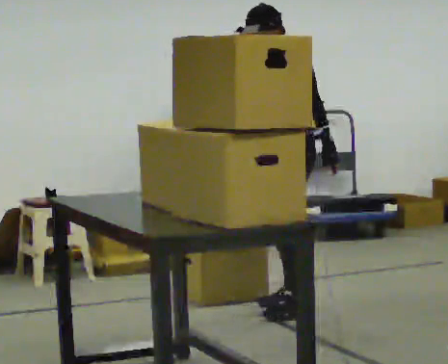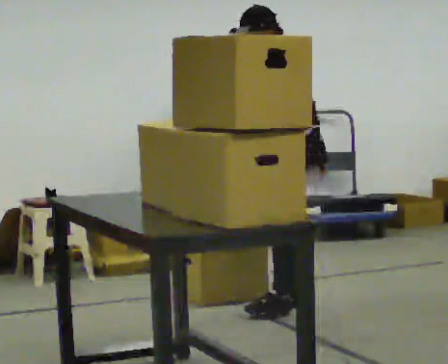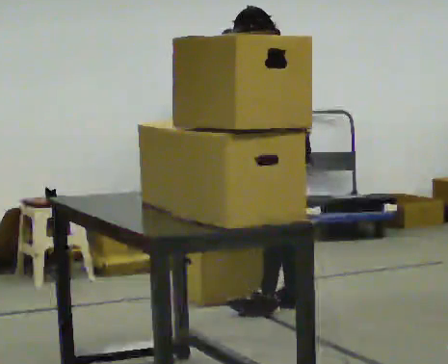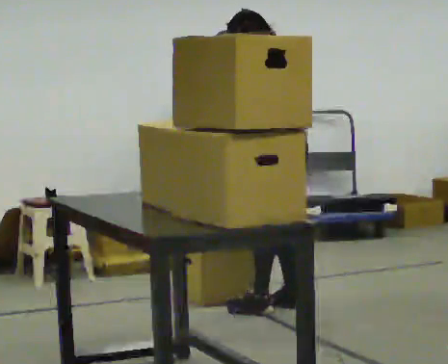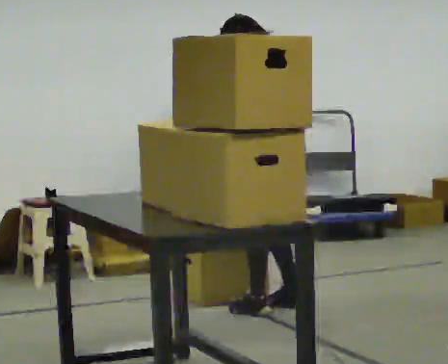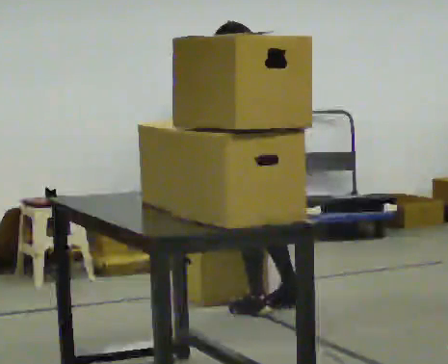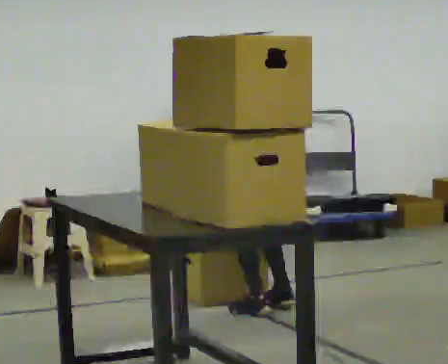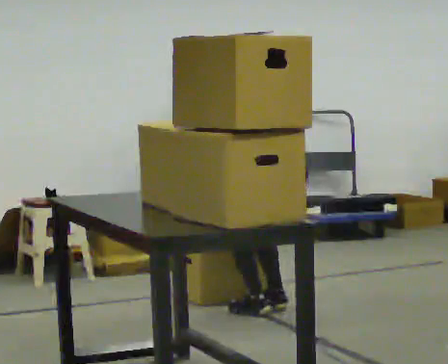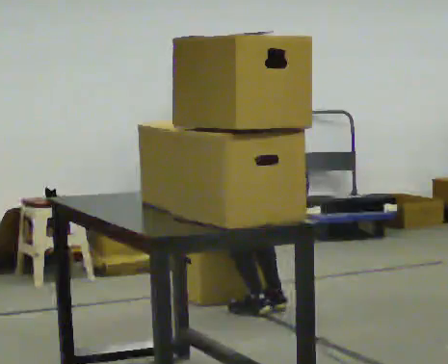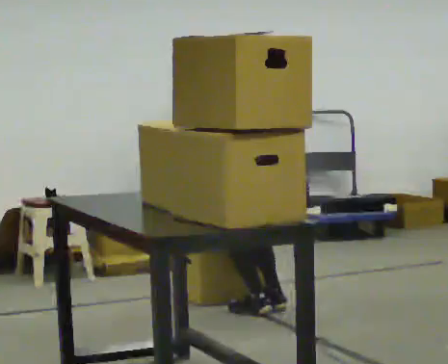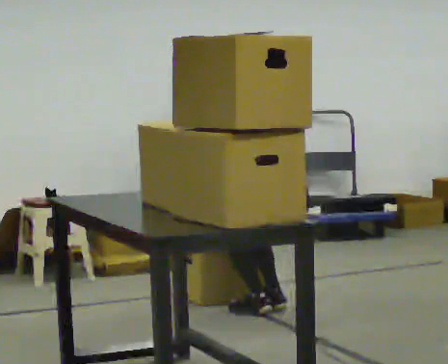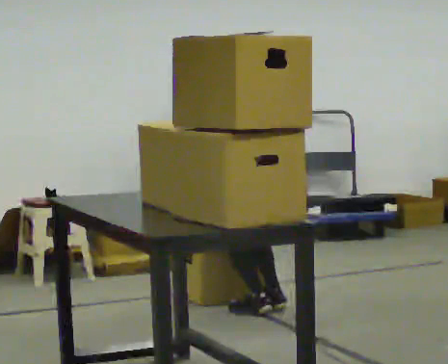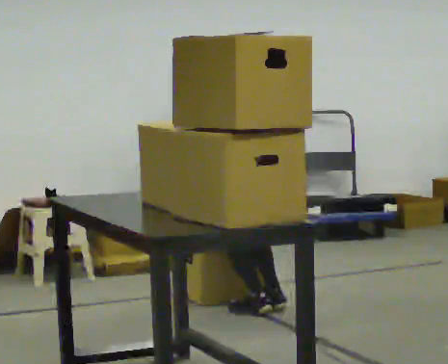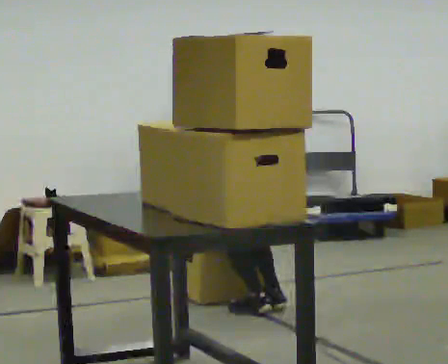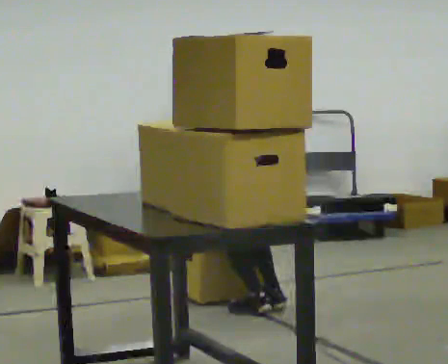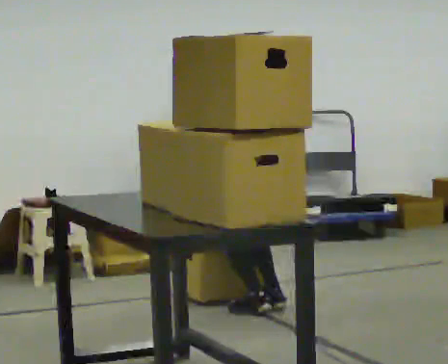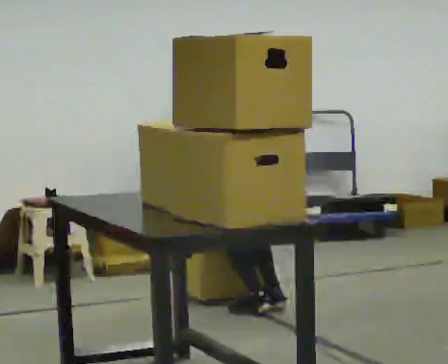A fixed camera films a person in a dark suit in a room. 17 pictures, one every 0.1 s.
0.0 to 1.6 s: The part of the body nearest the lens slides to the left as the person turns to their right by about 90 degrees. In the picture they go toward the camera, about 0.25 m. The upper body goes downward. The upper body tips away from the camera, its near side rolling upward, as they bend forward. In the picture their left hand goes to the left and downward, the arm swinging clockwise.
The film runs backward here.
